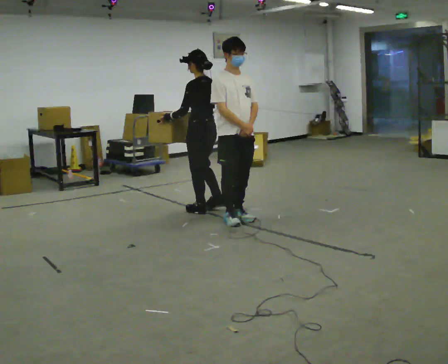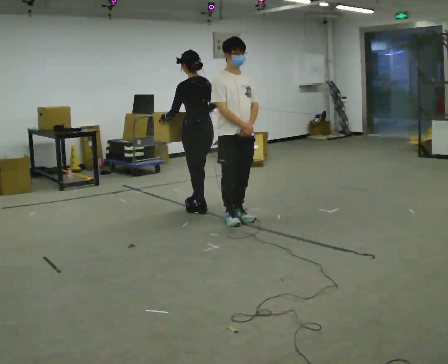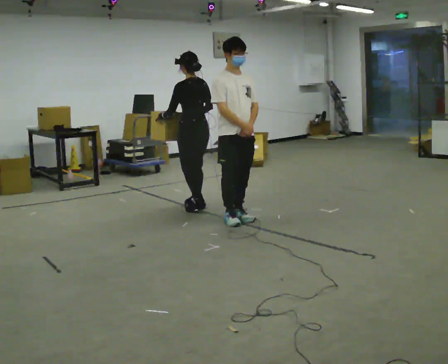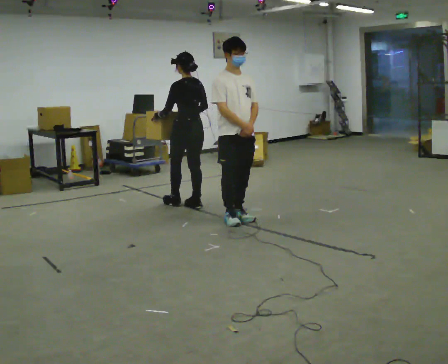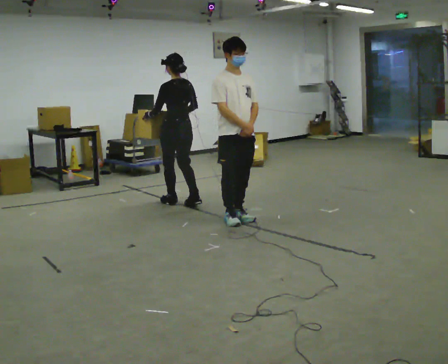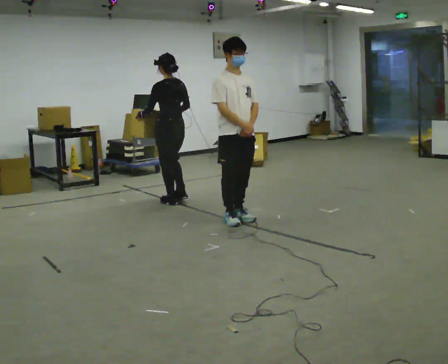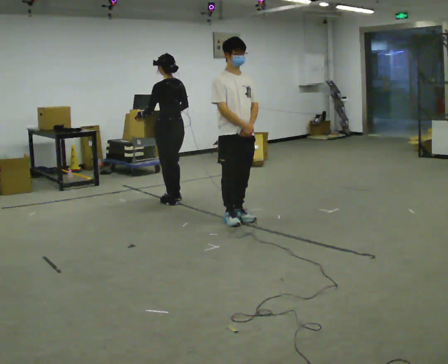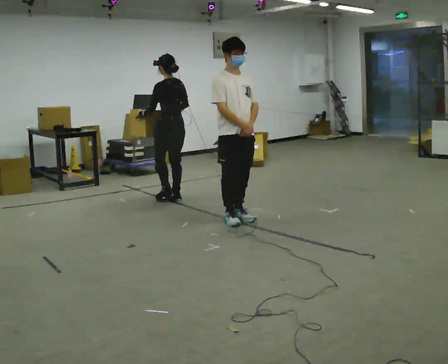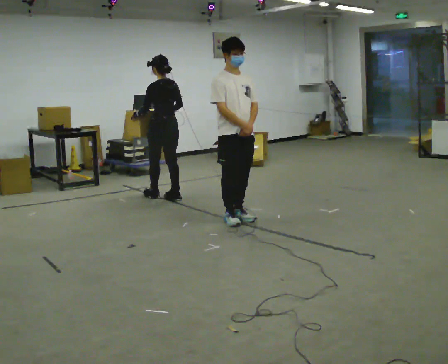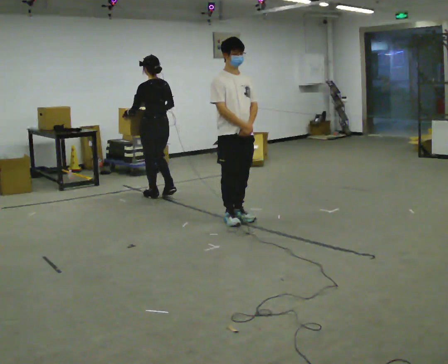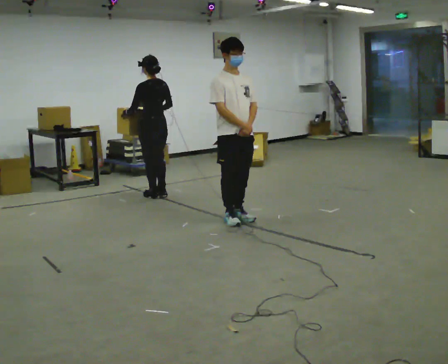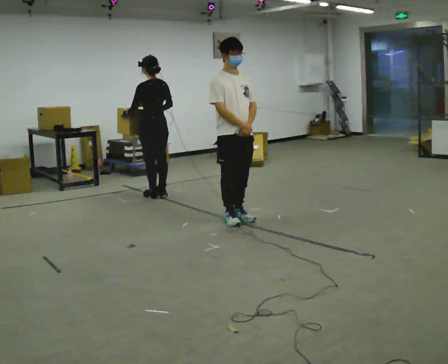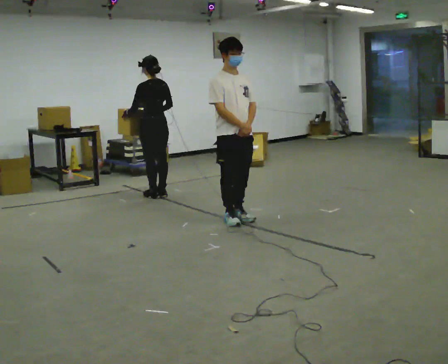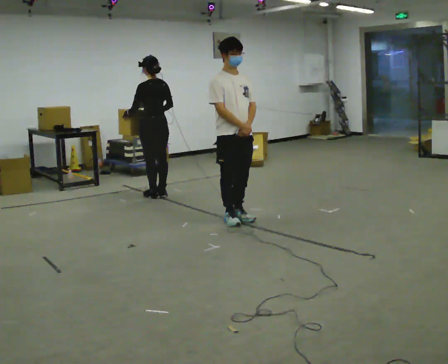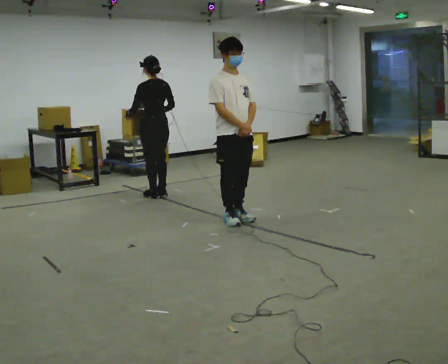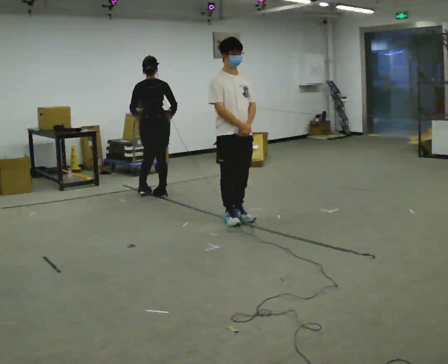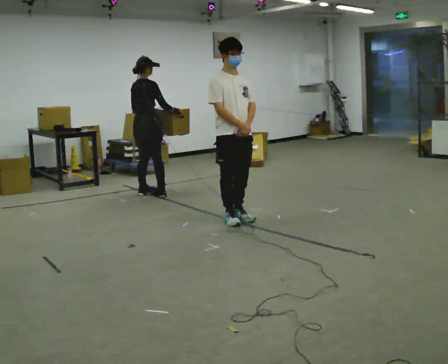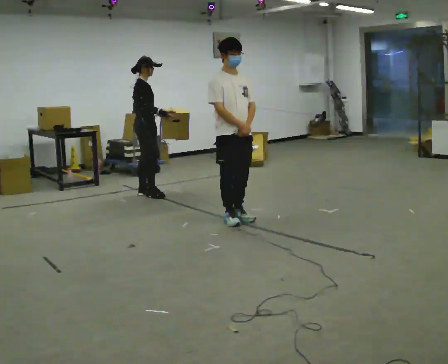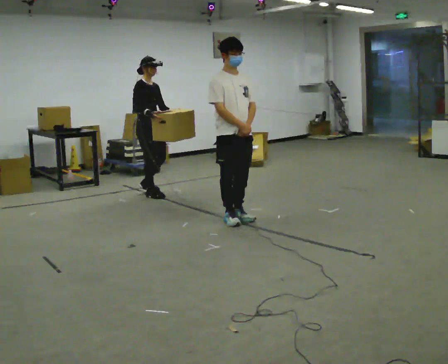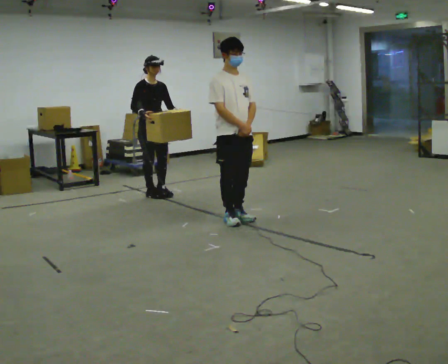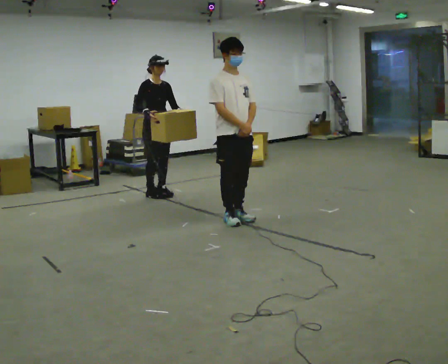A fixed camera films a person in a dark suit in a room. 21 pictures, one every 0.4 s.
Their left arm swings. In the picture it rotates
counterclockwise.
The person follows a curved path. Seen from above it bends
clockwise.
0.0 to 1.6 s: In the picture they go away from the camera and to the left, about 0.5 m in 2 steps, which for them is forward.
1.6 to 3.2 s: In the picture they go away from the camera, about 0.25 m in 2 steps, which for them is forward.
3.2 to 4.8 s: The person moves a little, or ends about where they began.
4.8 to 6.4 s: Seen from above the body turns clockwise, about 75 degrees: to their right, with its near side sliding to the left.
6.4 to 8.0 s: The part of the body nearest the lens slides to the left as the person turns to their right by about 105 degrees. In the picture they go to the right, about 0.25 m in 2 steps.
The film runs forward here.
